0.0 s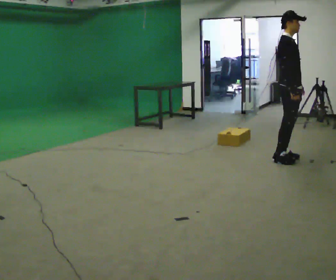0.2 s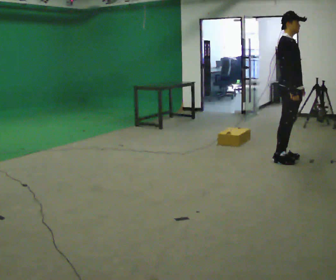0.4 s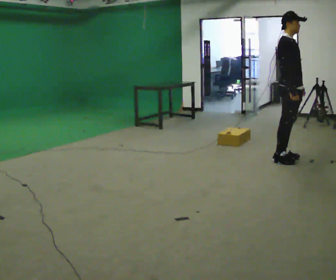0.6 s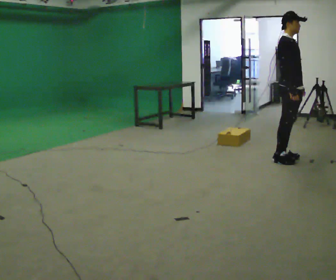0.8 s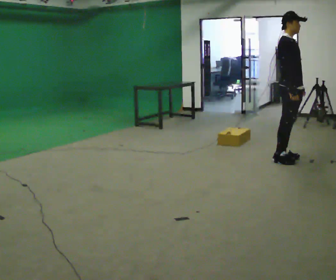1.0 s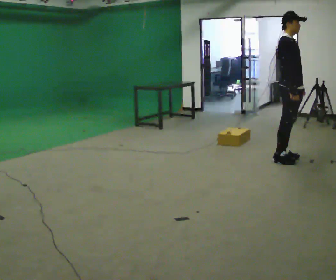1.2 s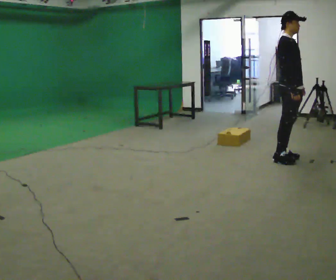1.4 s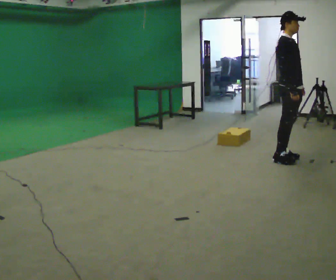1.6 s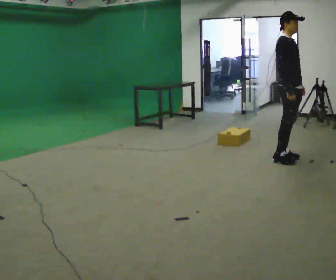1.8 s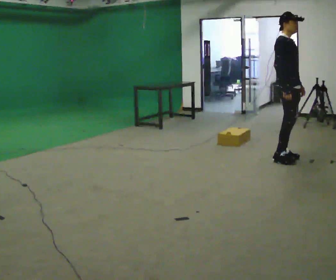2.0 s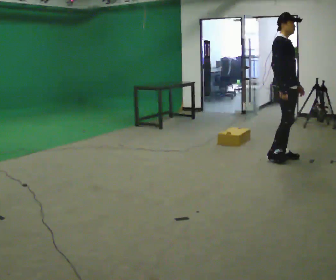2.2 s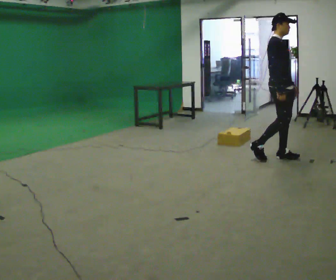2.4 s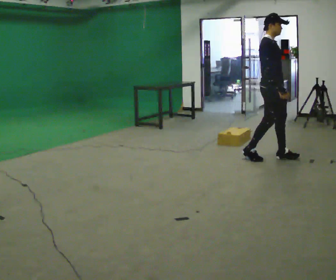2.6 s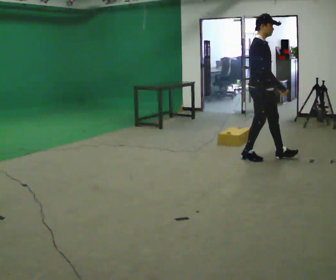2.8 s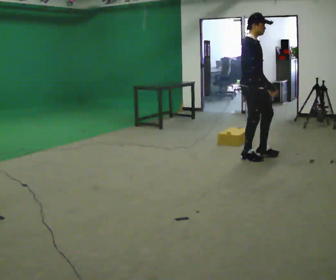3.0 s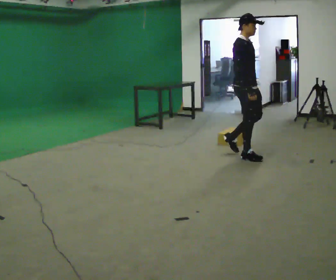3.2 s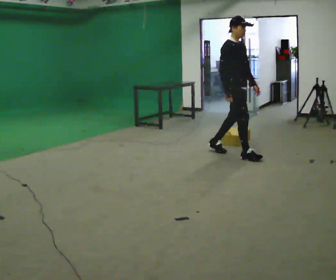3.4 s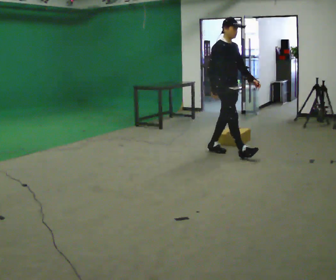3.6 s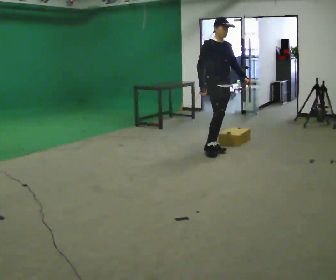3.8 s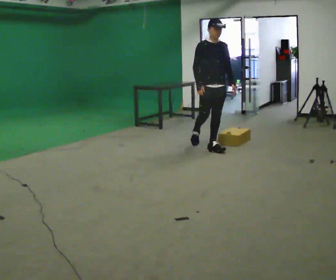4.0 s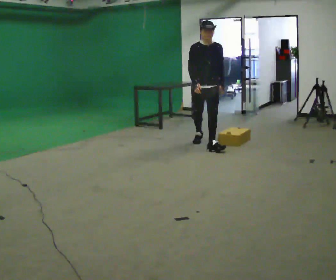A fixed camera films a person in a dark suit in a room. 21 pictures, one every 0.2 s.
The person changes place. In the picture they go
to the left.
0.0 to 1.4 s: The person moves a little, or ends about where they began.
1.4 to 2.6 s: In the picture they go to the left, about 0.25 m in 1 step, which for them is backward.
2.6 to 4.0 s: Seen from above the body turns clockwise, about 60 degrees: to their right, with its near side sliding to the left. In the picture they go to the left and away from the camera, about 1 m in 2 steps, which for them is backward.
The film runs backward here.
